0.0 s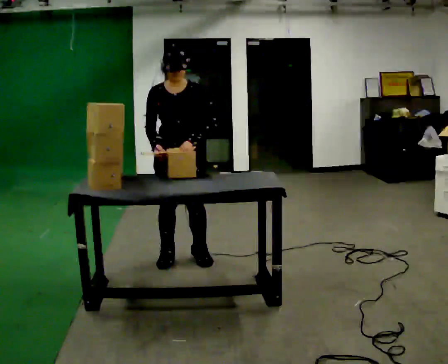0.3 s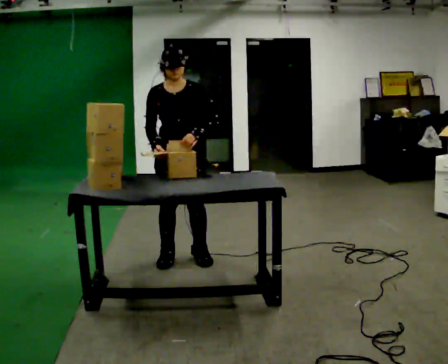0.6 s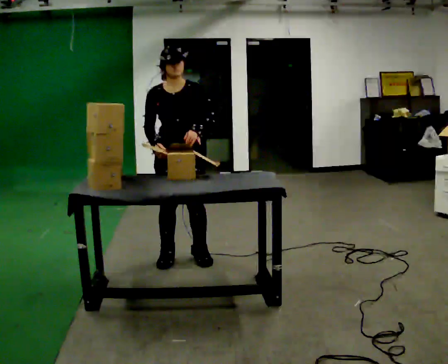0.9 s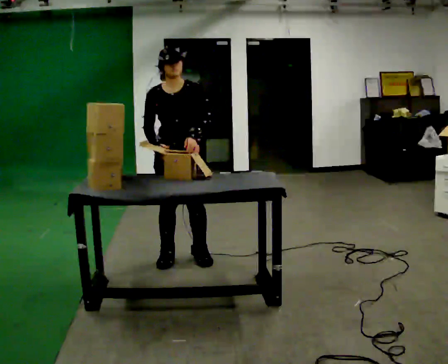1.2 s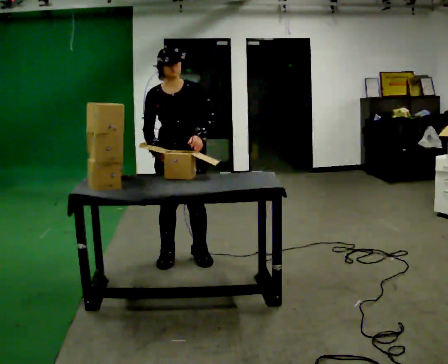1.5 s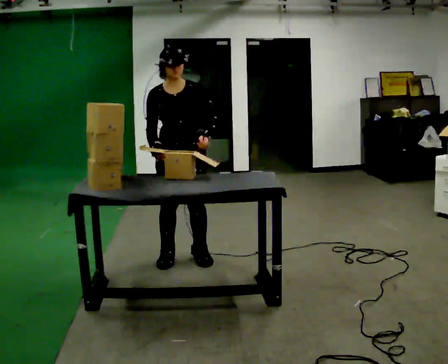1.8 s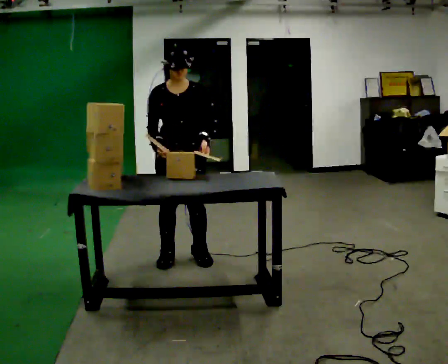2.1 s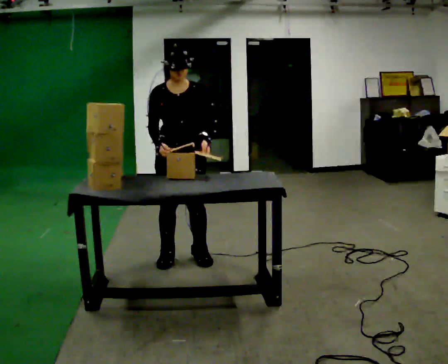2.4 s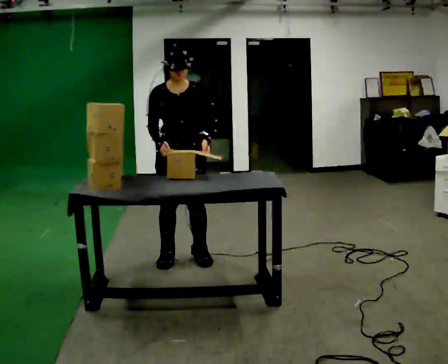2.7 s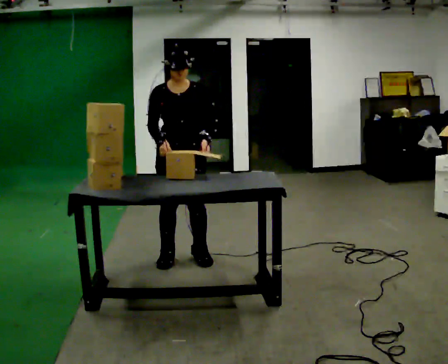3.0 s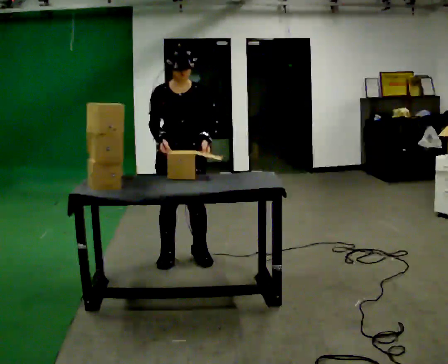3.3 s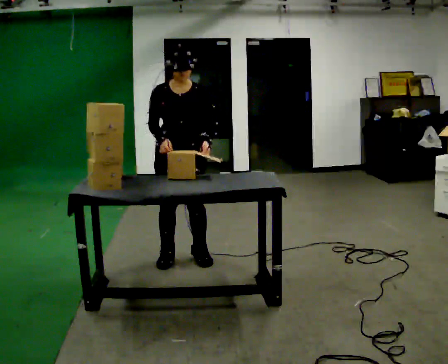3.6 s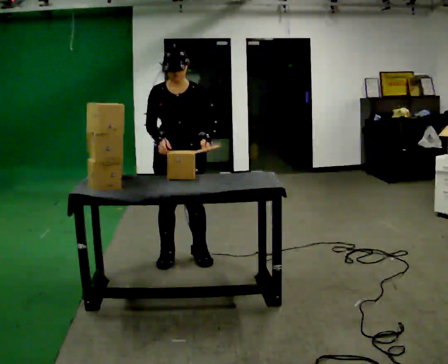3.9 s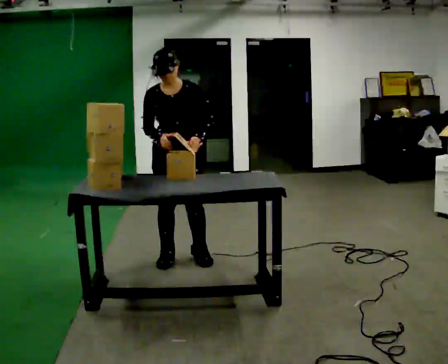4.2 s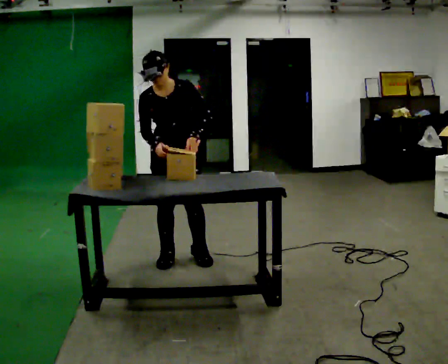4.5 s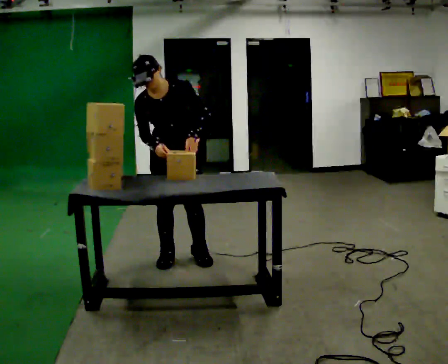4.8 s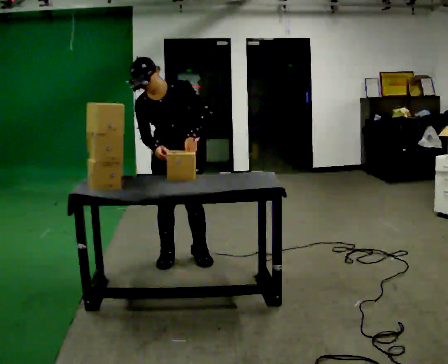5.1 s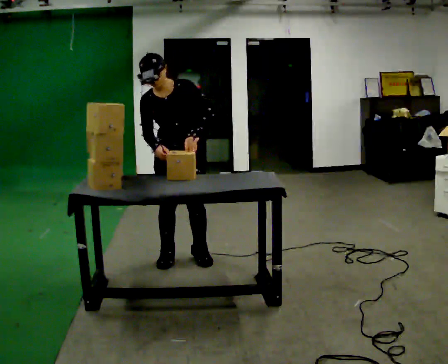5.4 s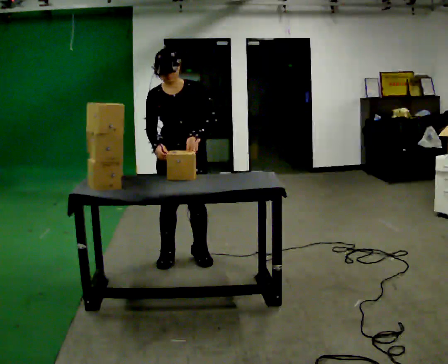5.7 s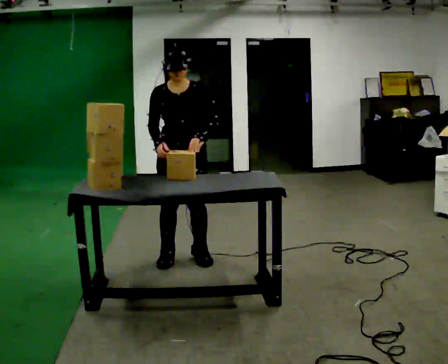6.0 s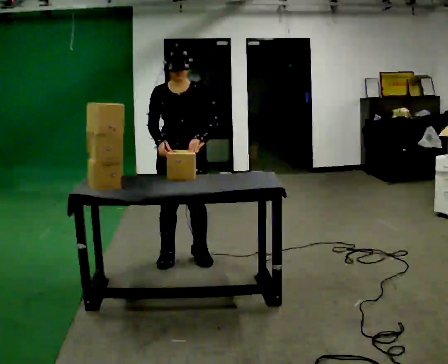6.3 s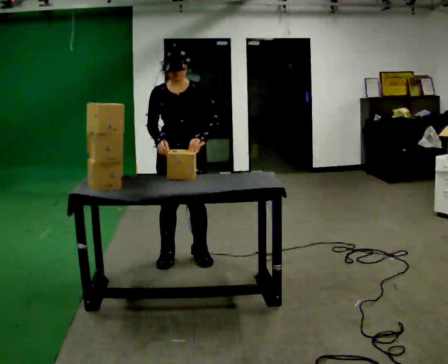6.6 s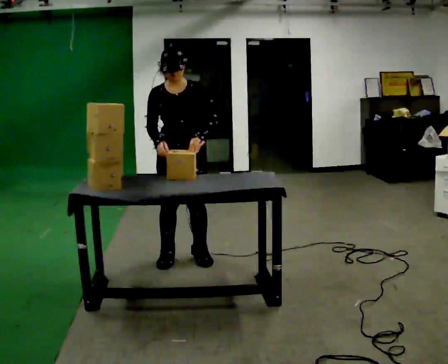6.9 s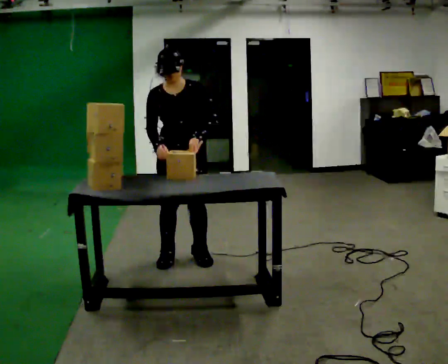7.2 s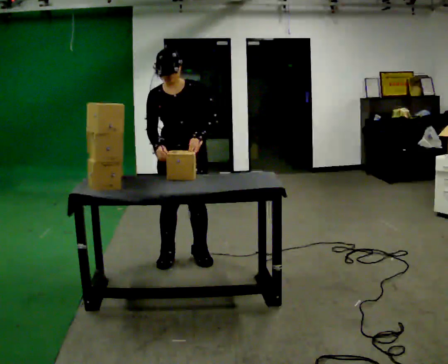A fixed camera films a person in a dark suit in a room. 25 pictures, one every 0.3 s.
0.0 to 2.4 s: The person moves a little, or ends about where they began.
2.4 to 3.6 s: The person keeps their place and pose.
3.6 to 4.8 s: In the picture the upper body tilts counterclockwise, shoulders to the left.
4.8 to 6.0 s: In the picture the upper body tilts clockwise, shoulders to the right.
6.0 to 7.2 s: The person moves a little, or ends about where they began.
The film runs backward here.
